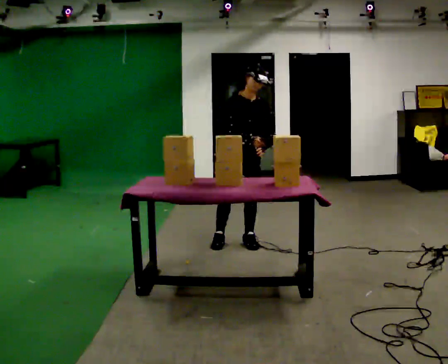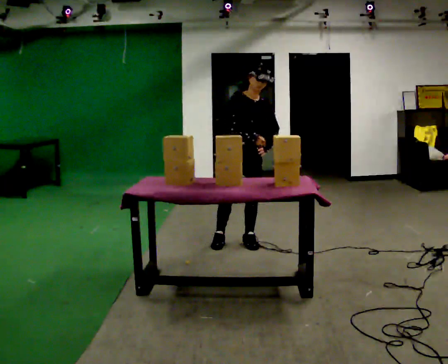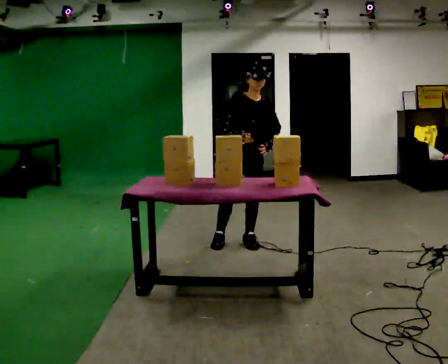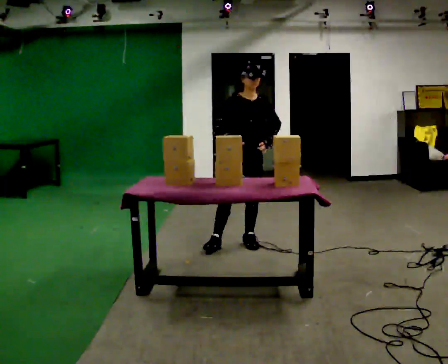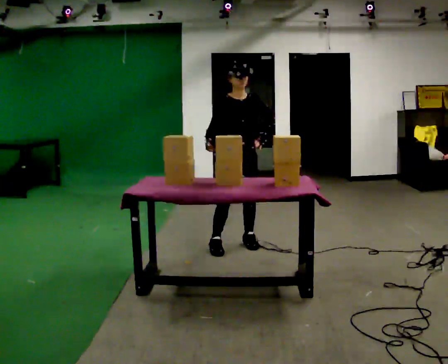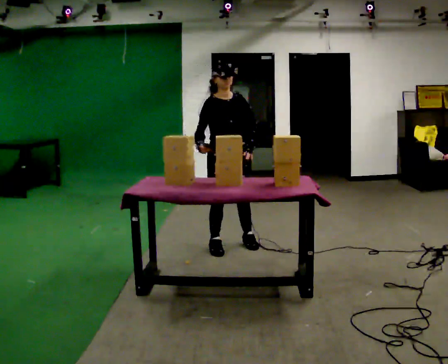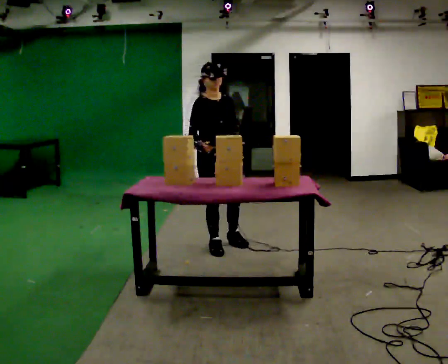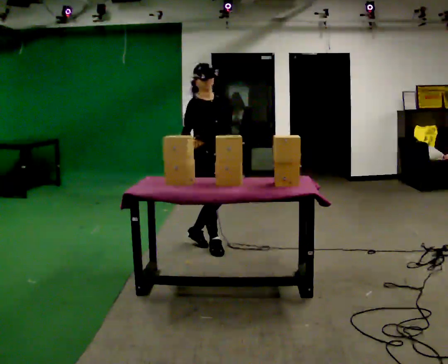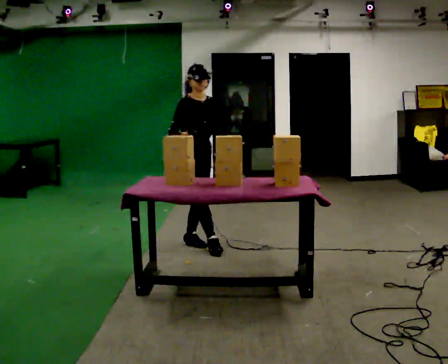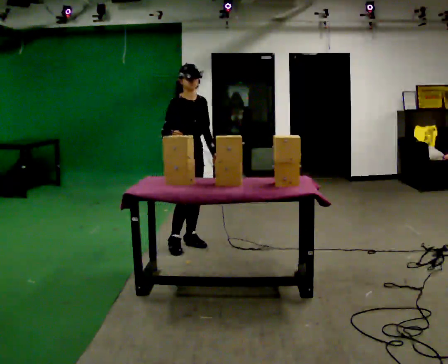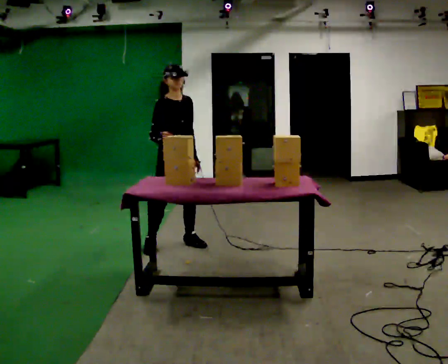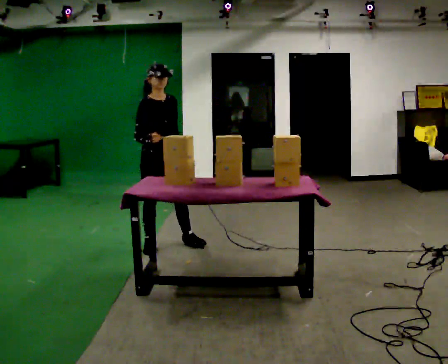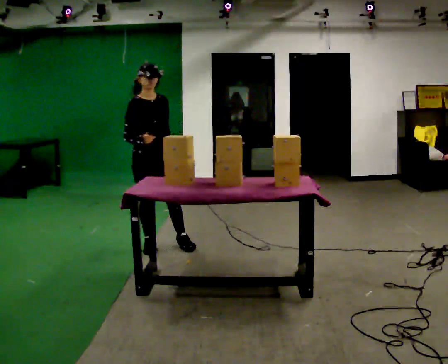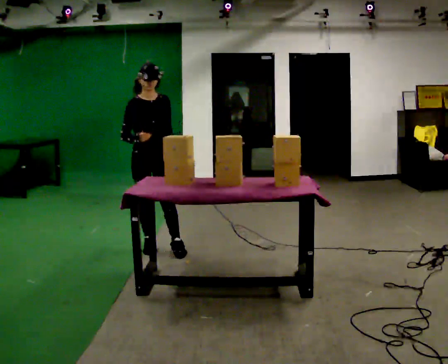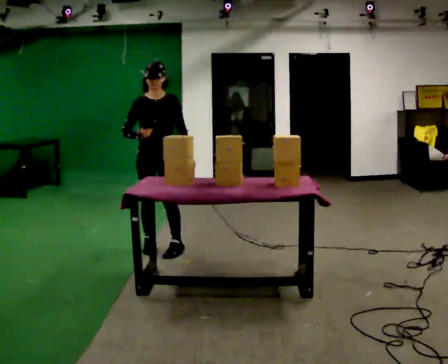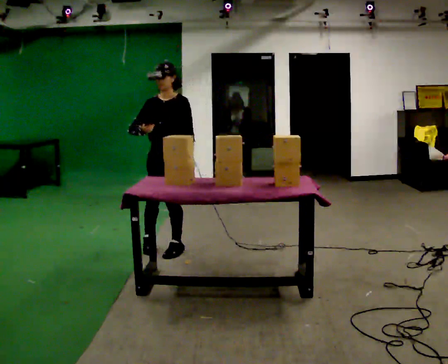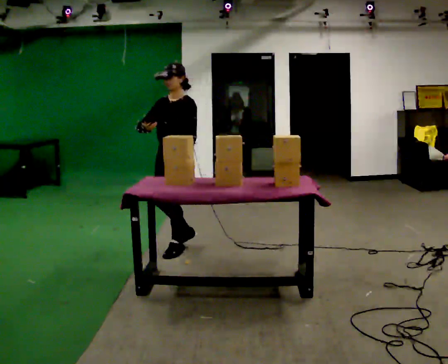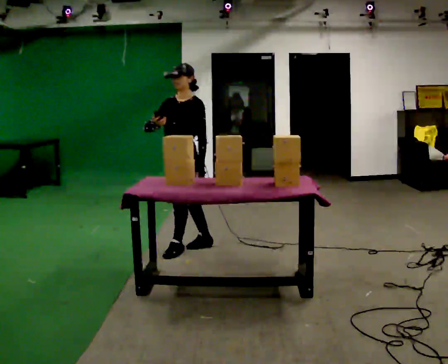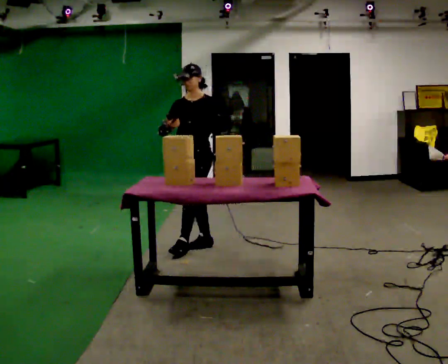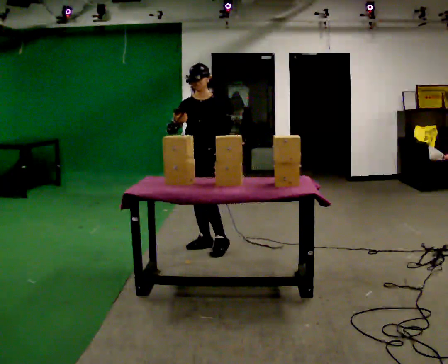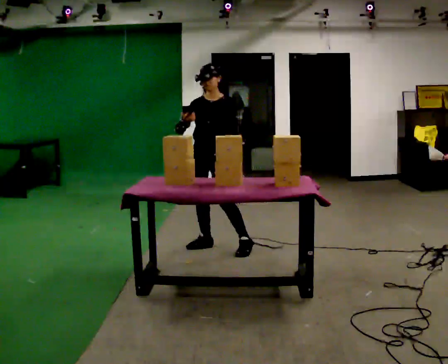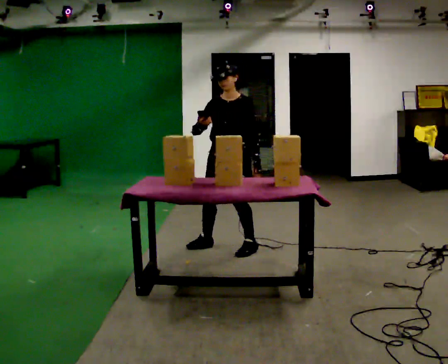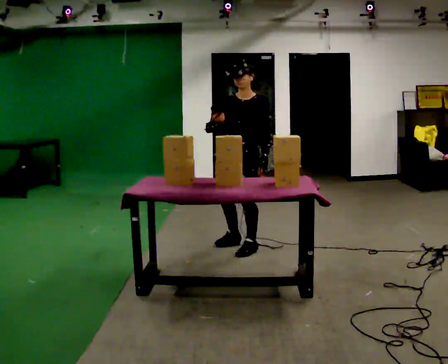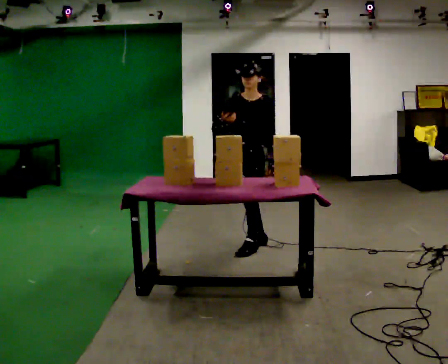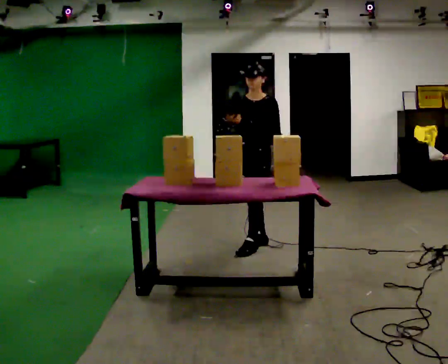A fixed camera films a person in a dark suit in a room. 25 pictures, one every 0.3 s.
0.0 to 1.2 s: The person moves a little, or ends about where they began.
1.2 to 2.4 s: The part of the body nearest the lens slides to the right as the person turns to their left by about 30 degrees. In the picture they go to the left, about 0.5 m in 2 steps, which for them is to their right and backward.
2.4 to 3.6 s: In the picture they go to the left, about 0.5 m in 1 step, which for them is to their right.
3.6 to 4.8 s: The part of the body nearest the lens slides to the left as the person turns to their right by about 90 degrees. In the picture they go to the right, about 0.25 m in 1 step.
4.8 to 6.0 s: The part of the body nearest the lens slides to the right as the person turns to their left by about 30 degrees. In the picture they go to the right, about 0.25 m in 1 step, which for them is backward and to their left.
6.0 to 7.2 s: In the picture they go to the right, about 0.5 m in 1 step, which for them is backward and to their left.
The film runs backward here.
